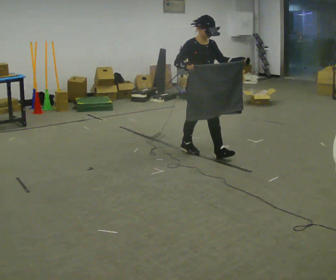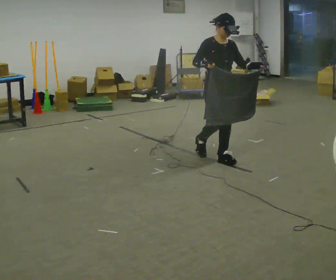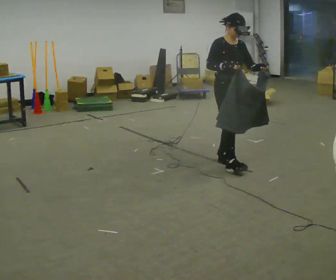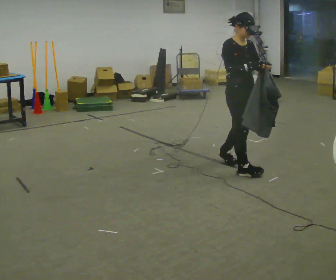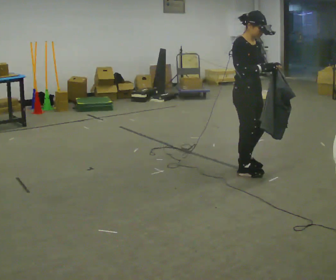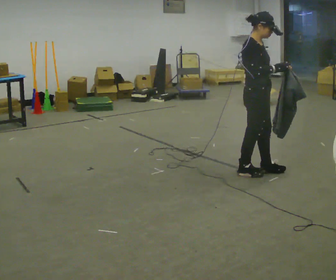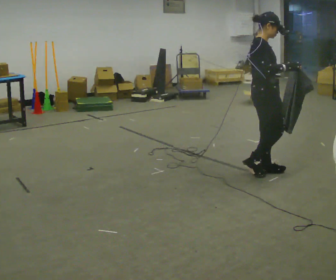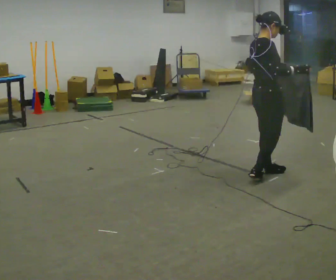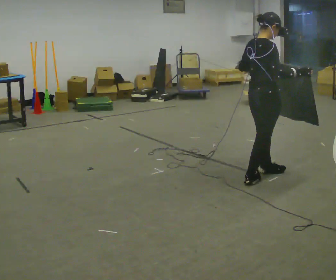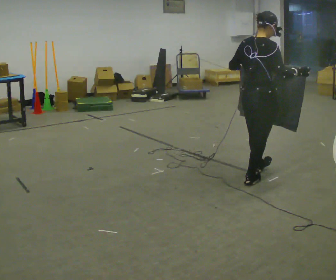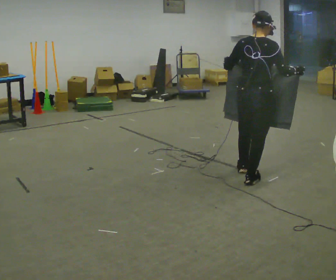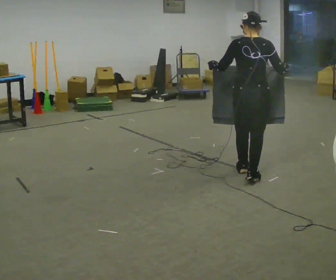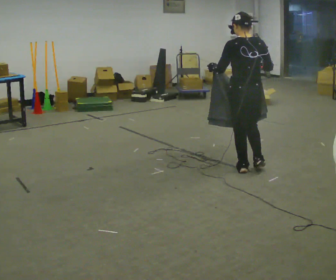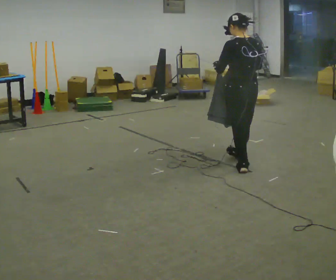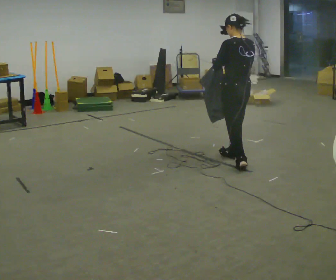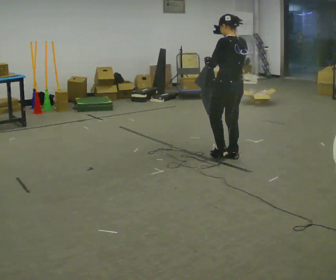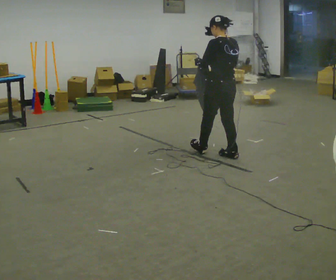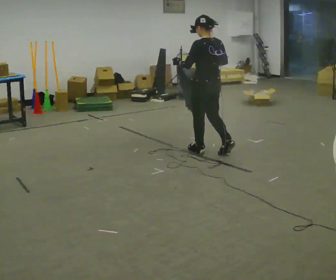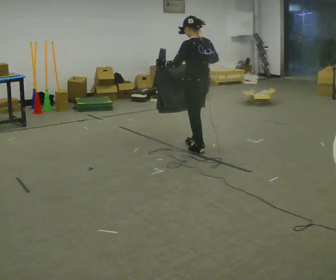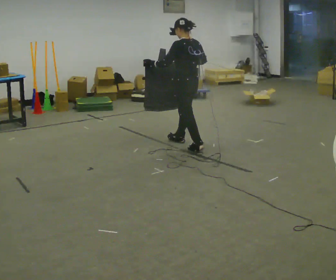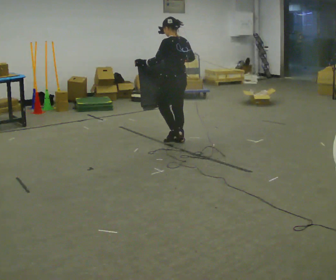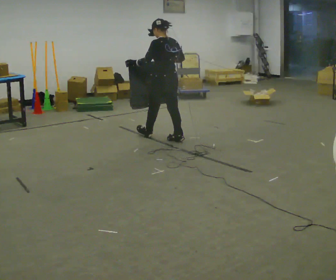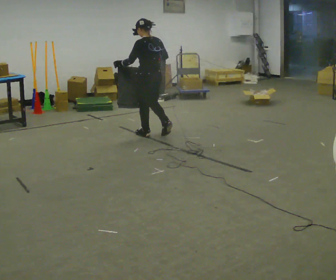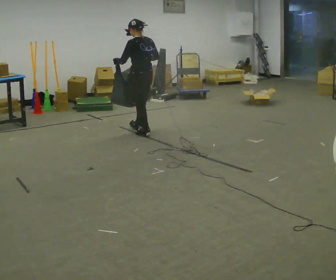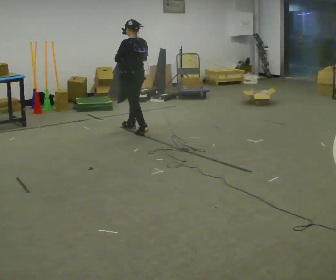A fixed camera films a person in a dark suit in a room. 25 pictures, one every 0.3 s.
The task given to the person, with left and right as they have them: Carry the cloth and, while walking, fold it in half, then unfold it. Keep repeating as you walk. Do not stop.
0.0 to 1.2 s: The part of the body nearest the lens slides to the right as the person turns to their left by about 30 degrees. In the picture they go toward the camera and to the right, about 0.75 m in 2 steps, which for them is forward.
1.2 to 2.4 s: The part of the body nearest the lens slides to the right as the person turns to their left by about 60 degrees. In the picture they go toward the camera, about 0.25 m in 2 steps, which for them is to their right.
2.4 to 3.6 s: The part of the body nearest the lens slides to the right as the person turns to their left by about 75 degrees. In the picture they go away from the camera, about 0.25 m in 1 step. In the picture their right hand goes to the left.
3.6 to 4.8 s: In the picture they go away from the camera and to the left, about 0.5 m in 1 step, which for them is forward.
4.8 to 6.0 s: In the picture they go to the left and away from the camera, about 0.5 m in 2 steps, which for them is forward.
6.0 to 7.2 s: In the picture they go to the left and away from the camera, about 0.5 m in 2 steps, which for them is forward.
The film runs forward here.
